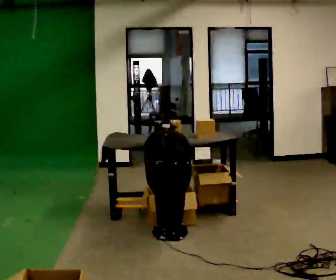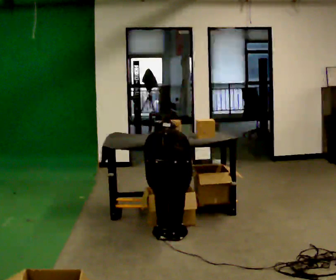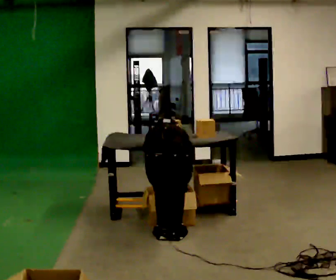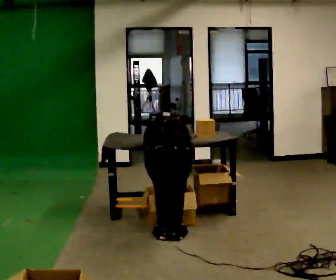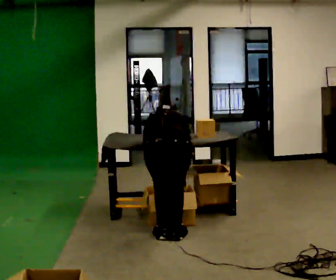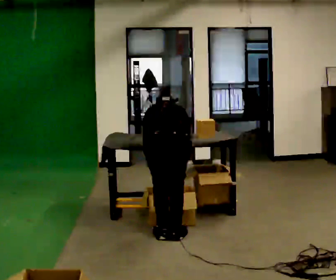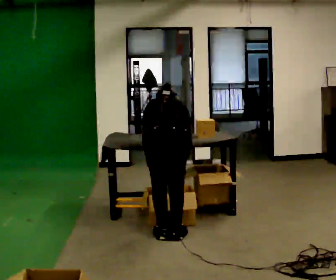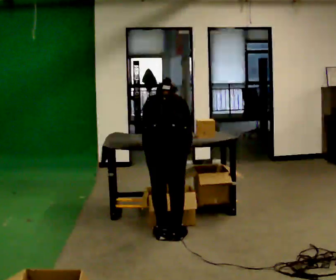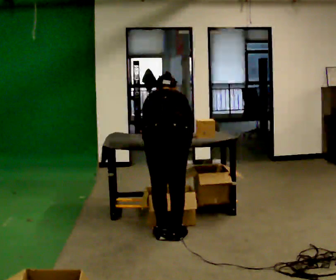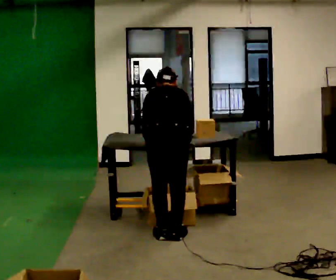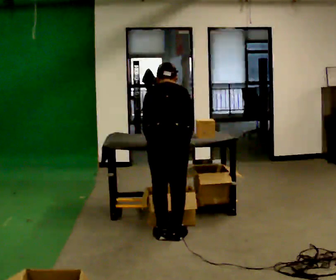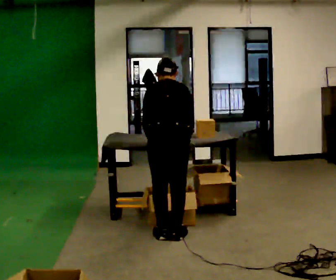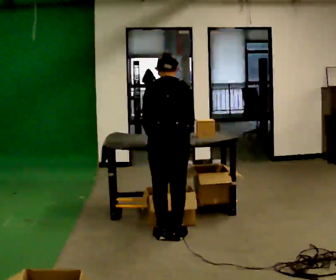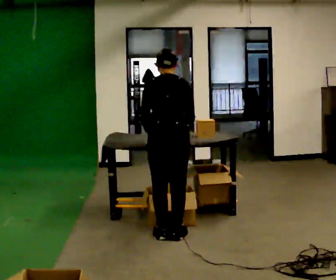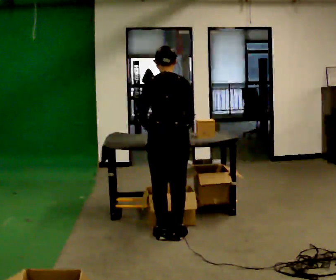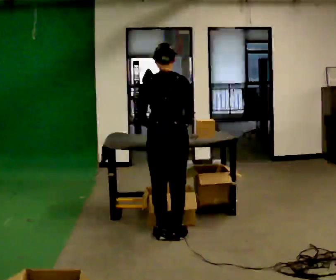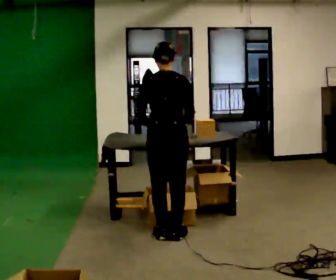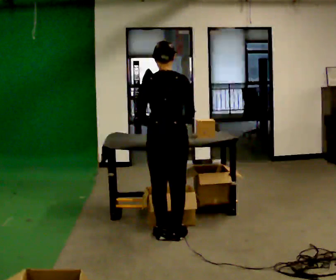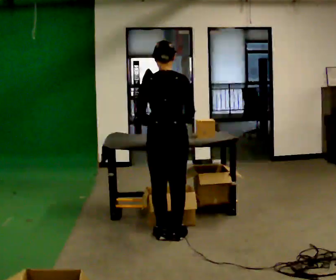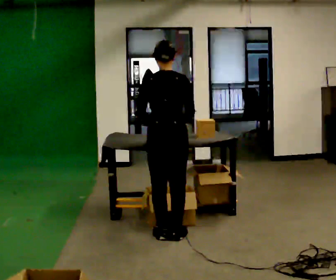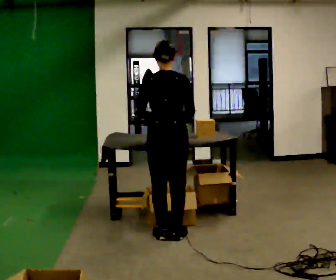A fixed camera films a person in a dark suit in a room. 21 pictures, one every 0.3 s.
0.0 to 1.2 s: The shoulders move upward.
1.2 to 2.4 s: The shoulders move upward.
2.4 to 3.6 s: The upper body tips toward the camera, its near side rolling downward, as they lean back or straighten.
3.6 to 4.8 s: The upper body tips toward the camera, its near side rolling downward, as they lean back or straighten.
4.8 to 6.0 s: The person moves a little, or ends about where they began.
The film runs forward here.
